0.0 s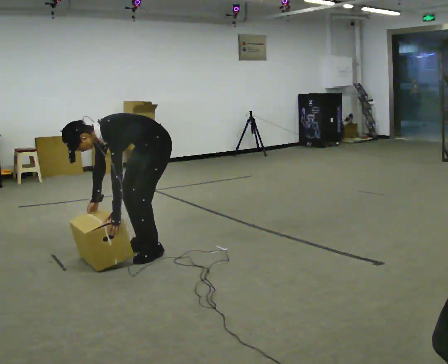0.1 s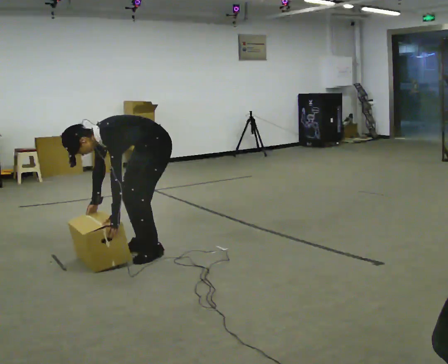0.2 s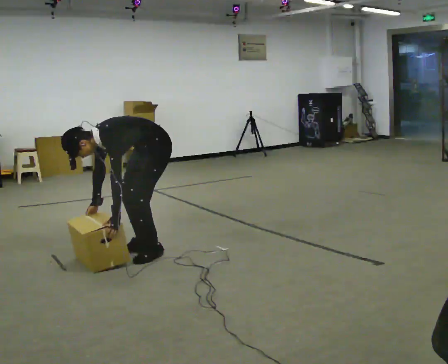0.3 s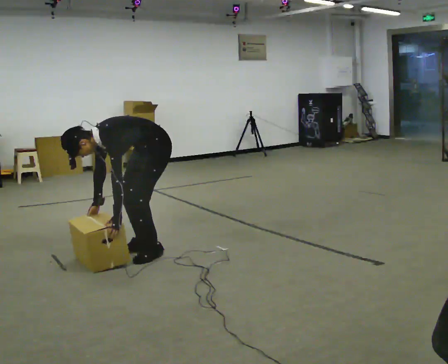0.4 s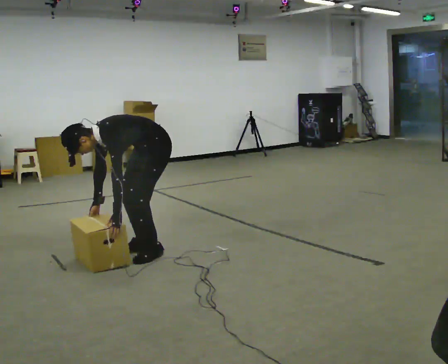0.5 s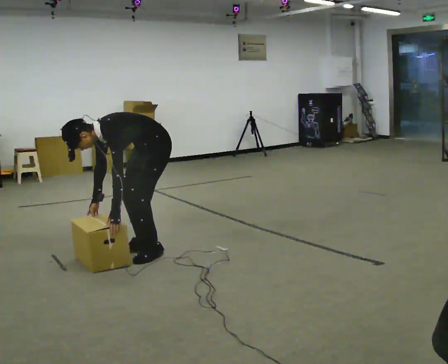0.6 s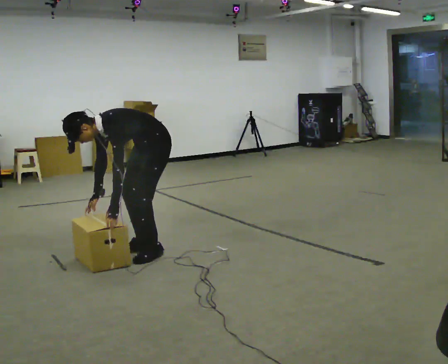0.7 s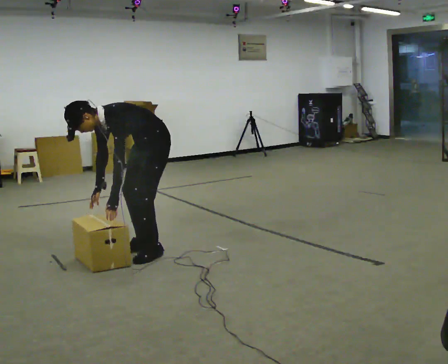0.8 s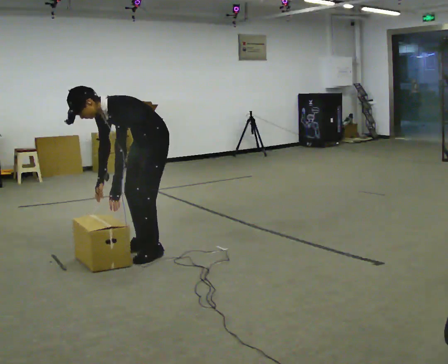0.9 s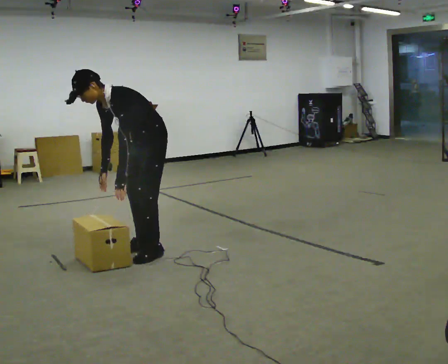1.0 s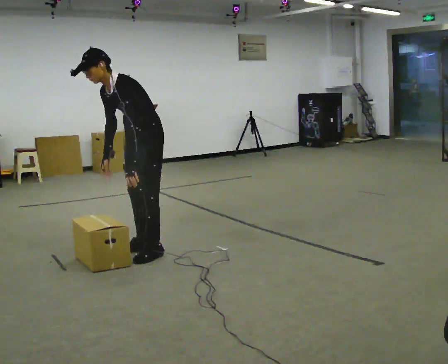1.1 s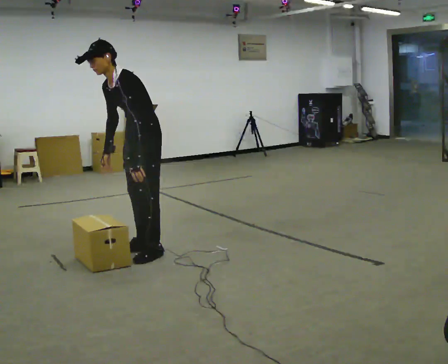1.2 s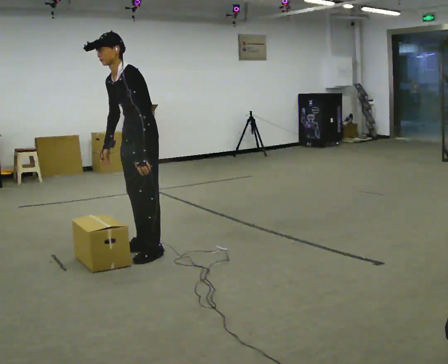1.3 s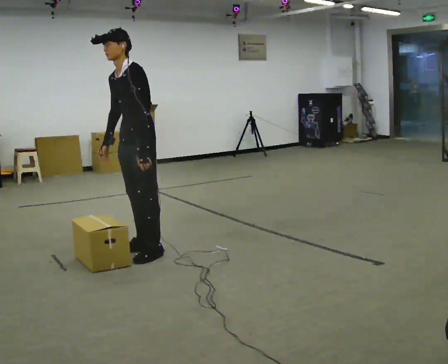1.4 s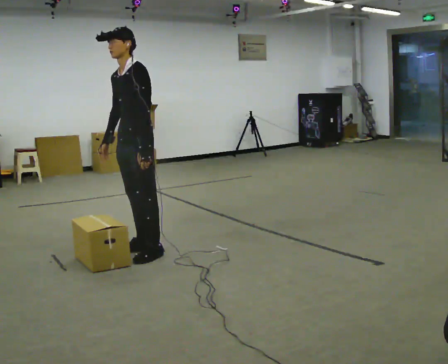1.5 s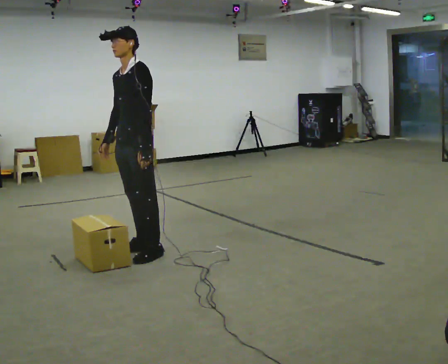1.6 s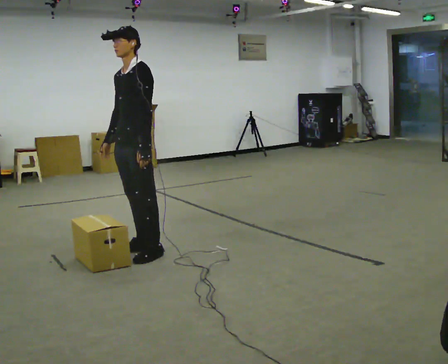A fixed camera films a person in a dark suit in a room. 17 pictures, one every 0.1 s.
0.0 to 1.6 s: In the picture they go to the left, about 0.25 m, which for them is forward. The shoulders move upward. In the picture the upper body tilts clockwise, shoulders to the right, as they lean back or straighten. In the picture their right hand goes upward.
The film runs forward here.
